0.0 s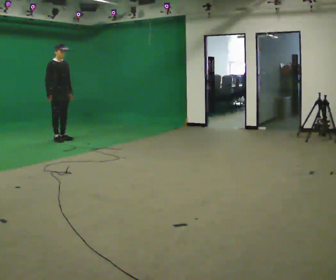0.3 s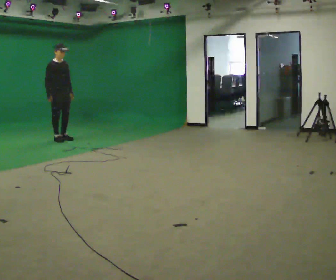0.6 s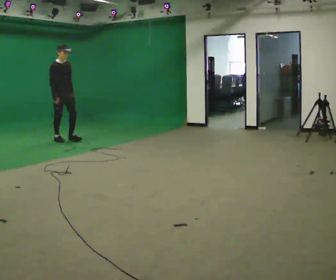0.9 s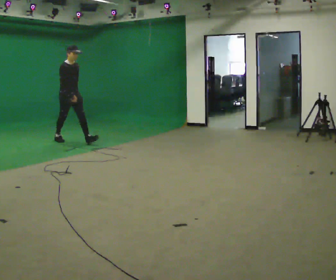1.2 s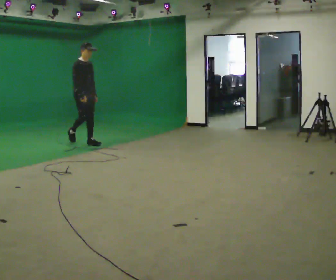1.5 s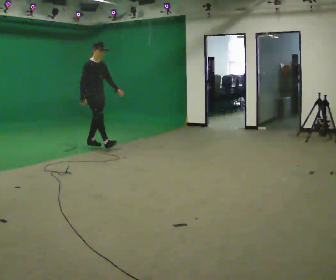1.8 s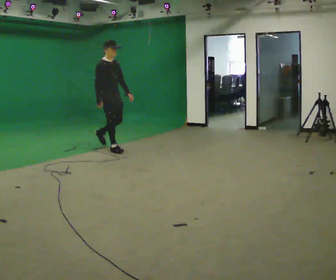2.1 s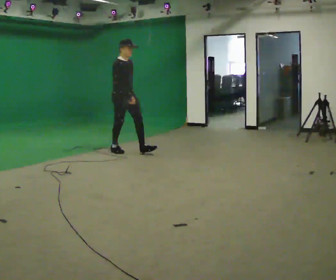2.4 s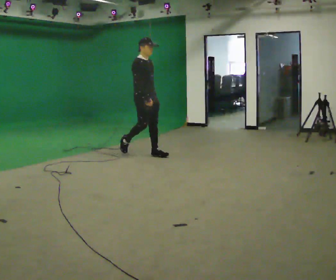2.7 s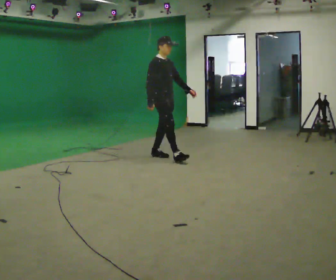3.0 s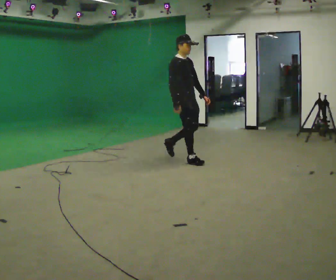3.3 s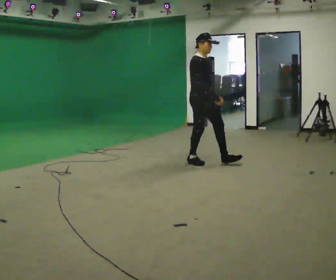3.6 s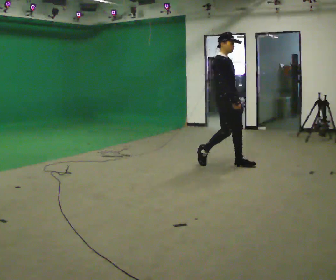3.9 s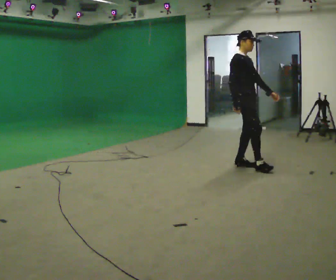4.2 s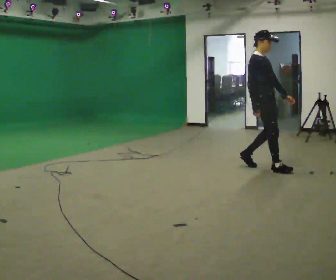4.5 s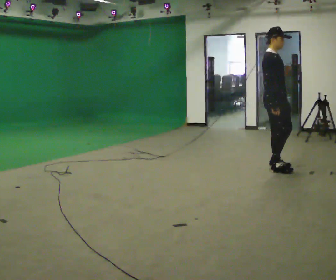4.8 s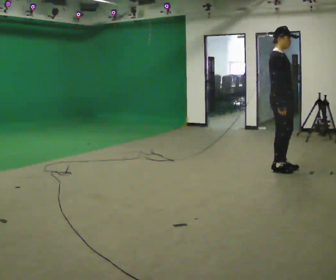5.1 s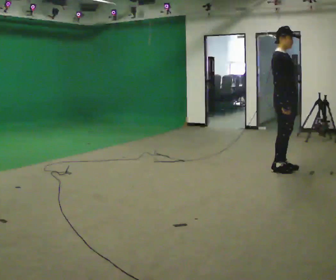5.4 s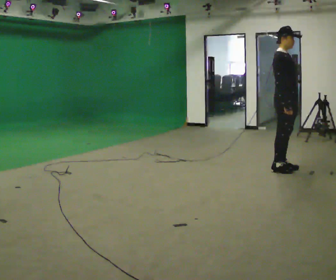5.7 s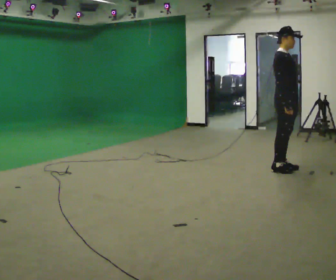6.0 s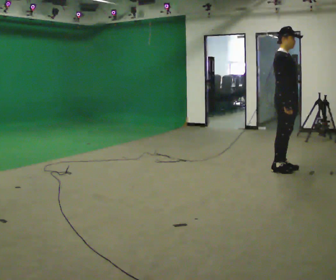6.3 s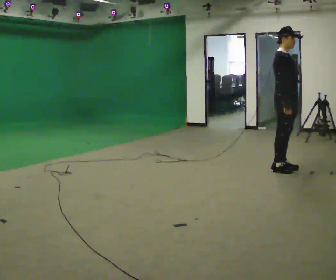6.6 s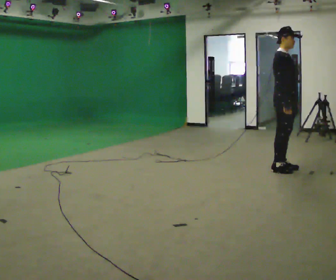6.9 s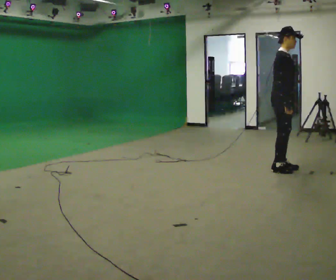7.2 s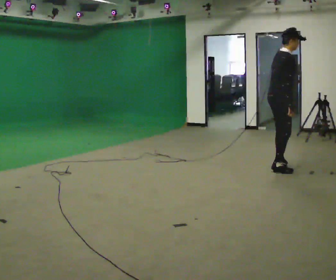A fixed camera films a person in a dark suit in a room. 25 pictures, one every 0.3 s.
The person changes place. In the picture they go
to the right.
0.0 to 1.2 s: In the picture they go to the right and toward the camera, about 0.75 m in 1 step, which for them is forward.
1.2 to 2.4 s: In the picture they go to the right and toward the camera, about 1.5 m in 2 steps, which for them is forward.
2.4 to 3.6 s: In the picture they go to the right and toward the camera, about 1.5 m in 2 steps, which for them is forward.
3.6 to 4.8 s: In the picture they go to the right and toward the camera, about 0.5 m in 2 steps, which for them is forward.
4.8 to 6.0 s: The person moves a little, or ends about where they began.
6.0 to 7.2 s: The person turns about 30 degrees to their left, counterclockwise seen from above, so the part of the body nearest the lens slides to the right.
The film runs forward here.
